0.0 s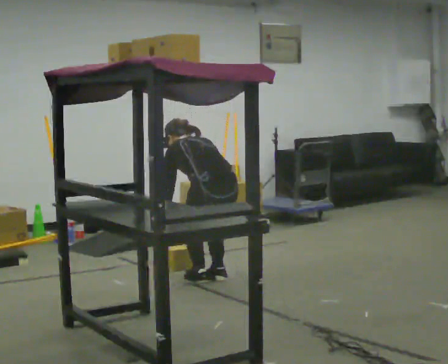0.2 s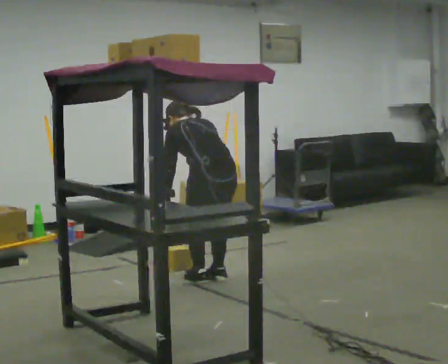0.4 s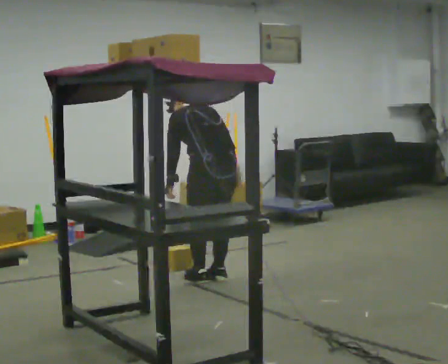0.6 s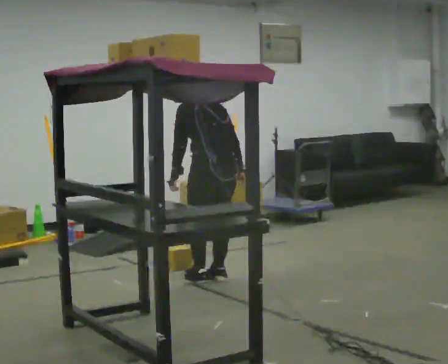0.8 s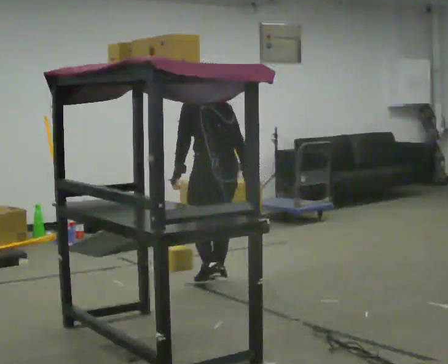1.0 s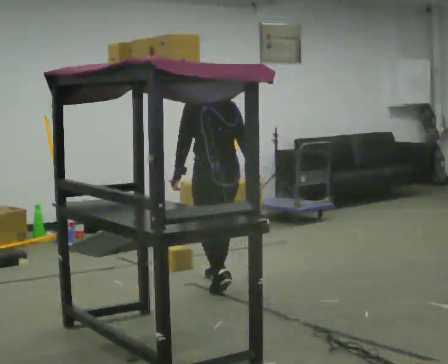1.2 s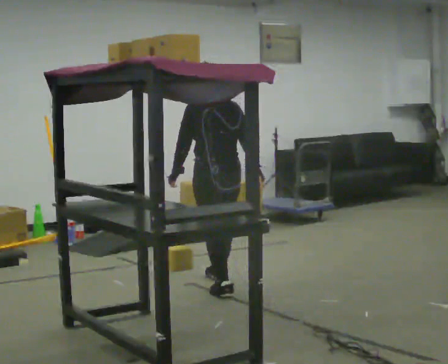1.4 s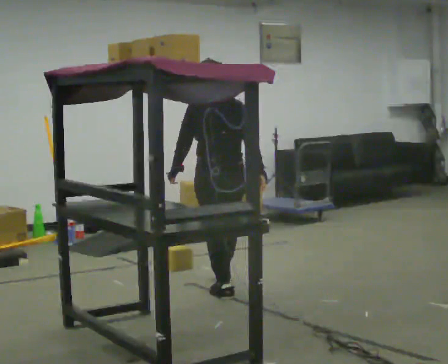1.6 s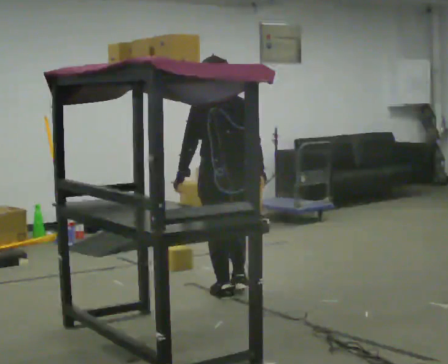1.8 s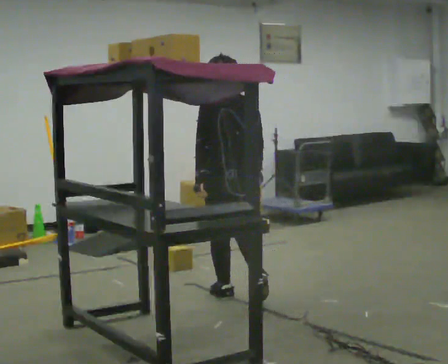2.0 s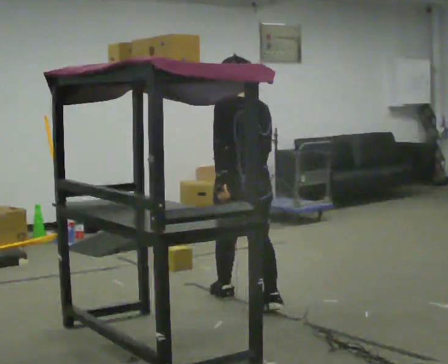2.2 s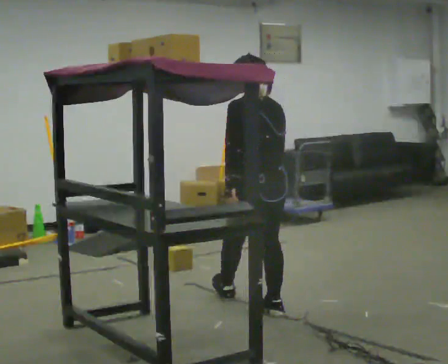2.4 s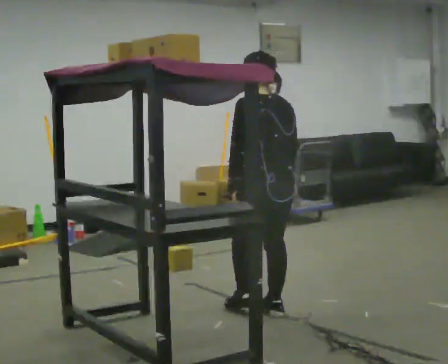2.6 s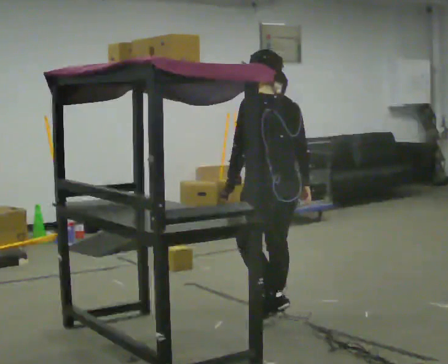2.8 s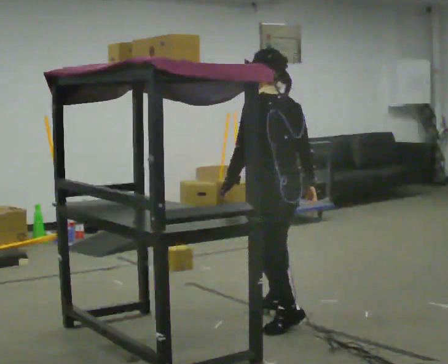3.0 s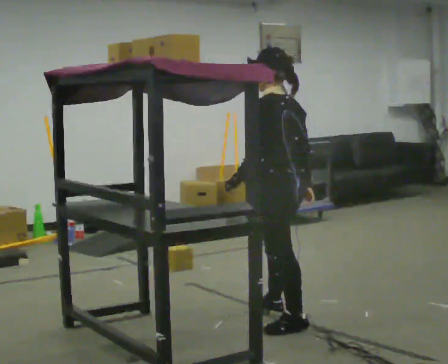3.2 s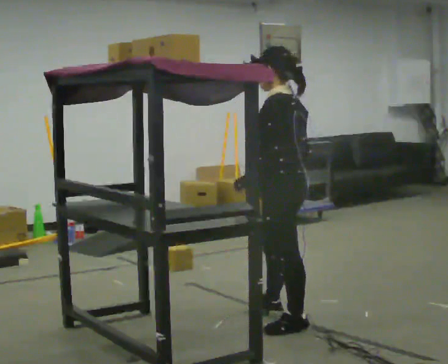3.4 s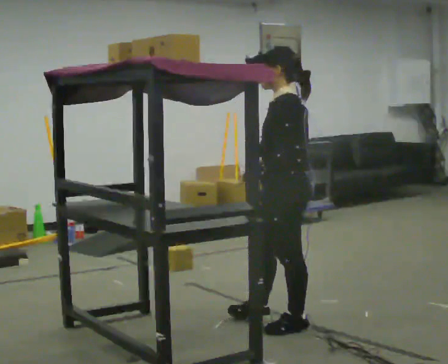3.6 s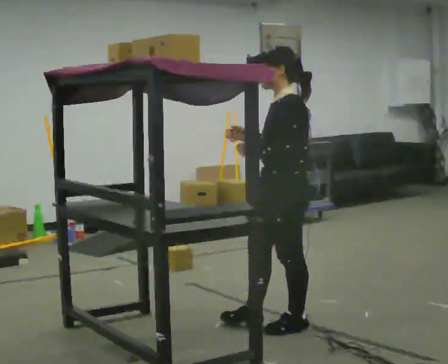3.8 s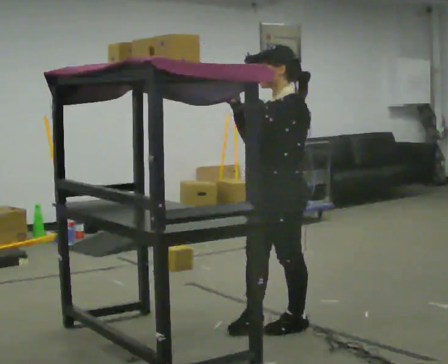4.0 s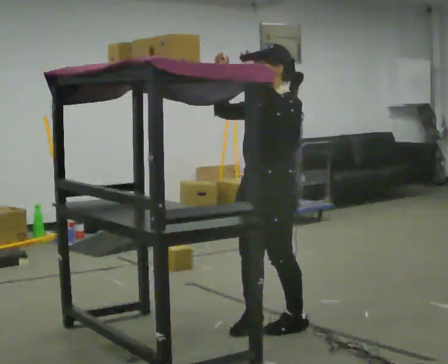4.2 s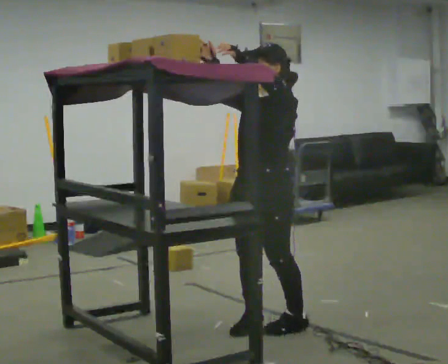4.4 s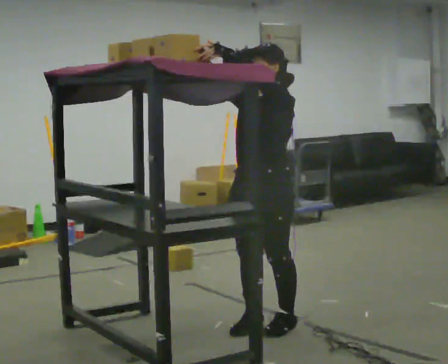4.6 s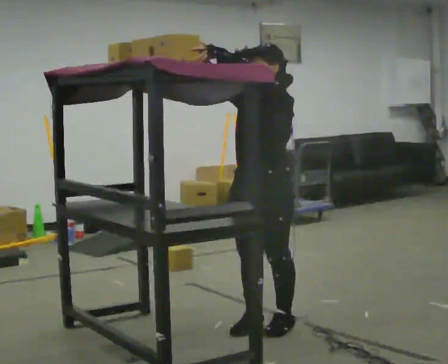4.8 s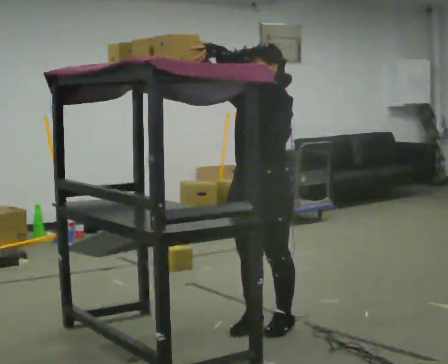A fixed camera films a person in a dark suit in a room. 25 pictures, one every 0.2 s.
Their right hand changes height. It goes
upward.
The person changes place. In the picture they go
toward the camera.
0.0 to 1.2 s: The upper body goes upward. The upper body tips toward the camera, its near side rolling downward, as they lean back or straighten. In the picture their right hand goes to the right and upward.
1.2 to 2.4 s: In the picture they go toward the camera and to the right, about 0.75 m in 2 steps, which for them is backward.
2.4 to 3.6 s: The part of the body nearest the lens slides to the right as the person turns to their left by about 60 degrees. In the picture they go toward the camera, about 0.25 m in 1 step.
3.6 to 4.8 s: The person turns about 45 degrees to their left, counterclockwise seen from above, so the part of the body nearest the lens slides to the right. In the picture their right hand goes upward and to the left.
The film runs backward here.
